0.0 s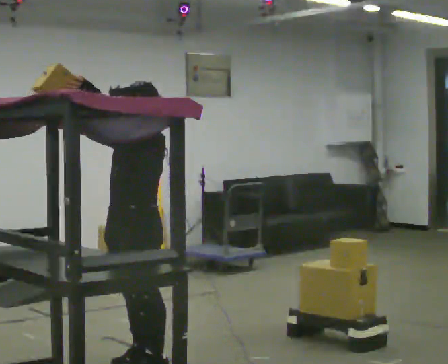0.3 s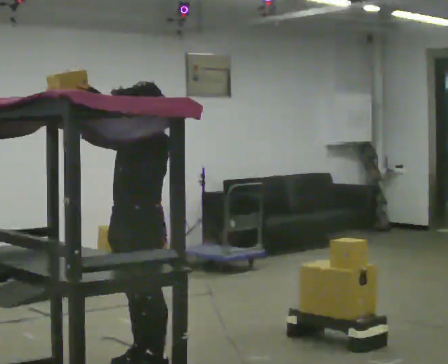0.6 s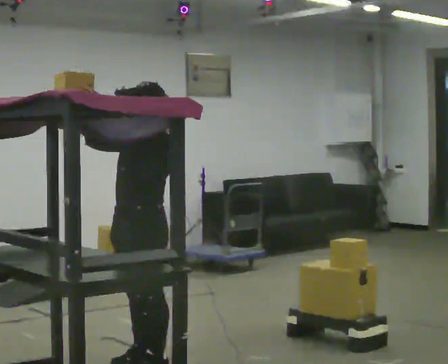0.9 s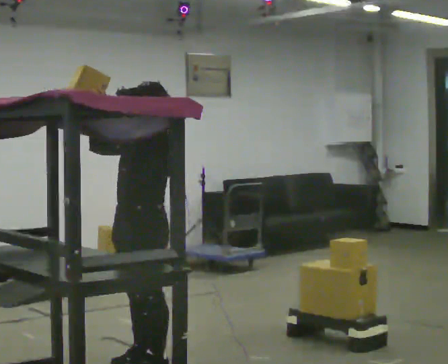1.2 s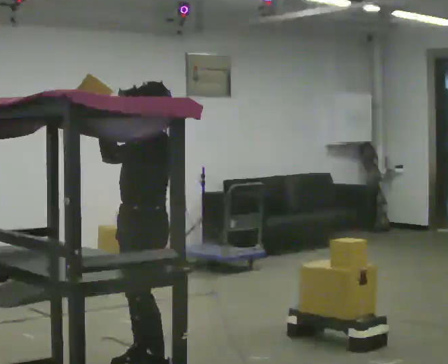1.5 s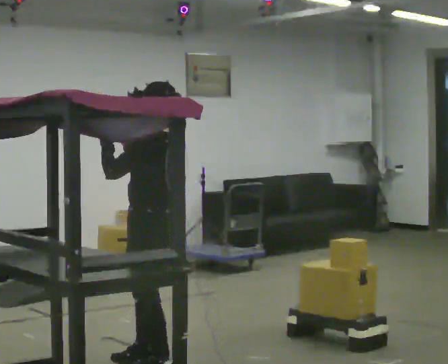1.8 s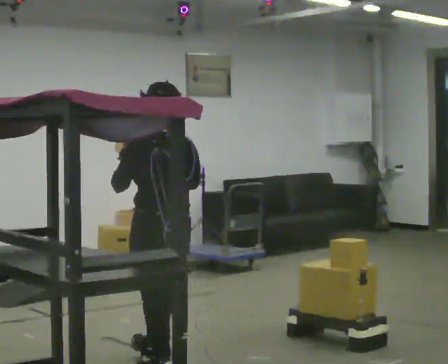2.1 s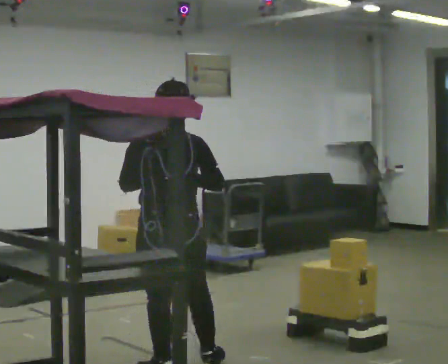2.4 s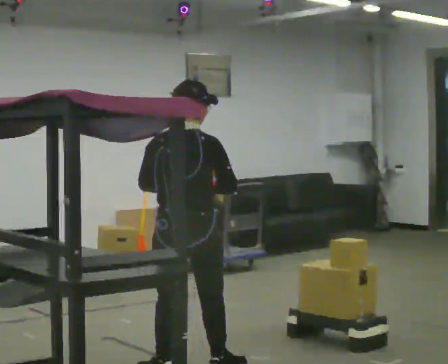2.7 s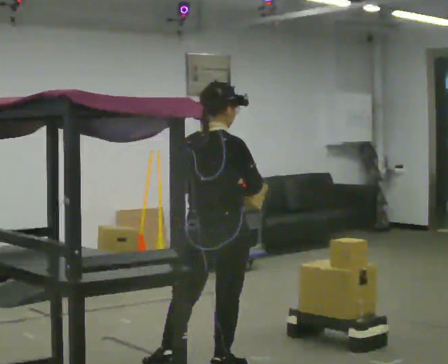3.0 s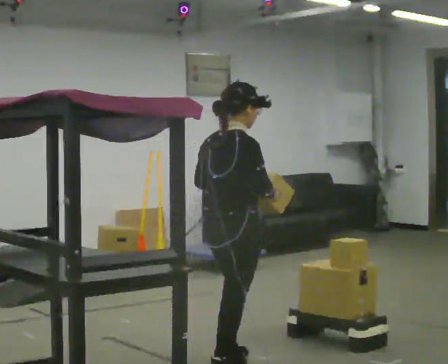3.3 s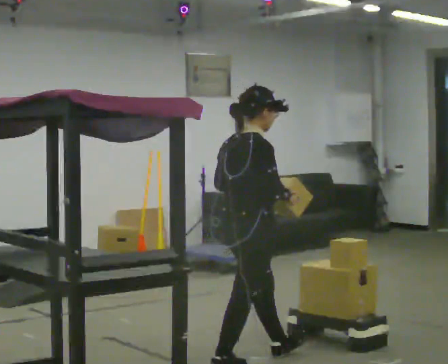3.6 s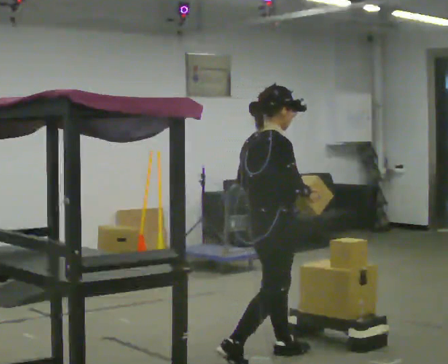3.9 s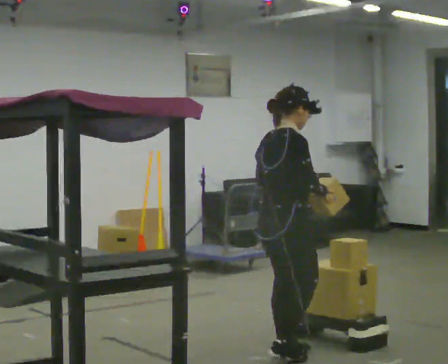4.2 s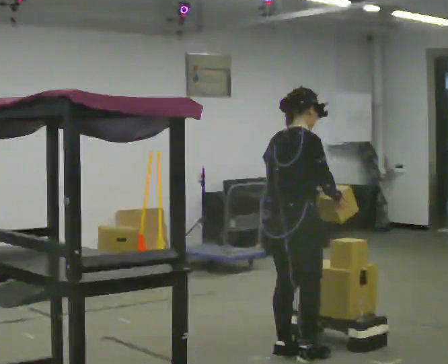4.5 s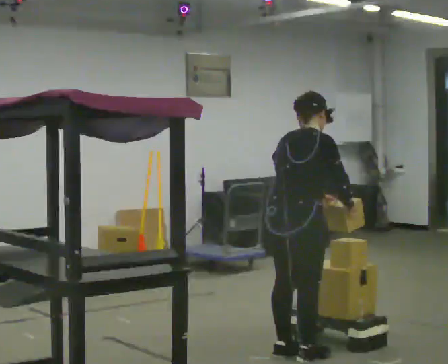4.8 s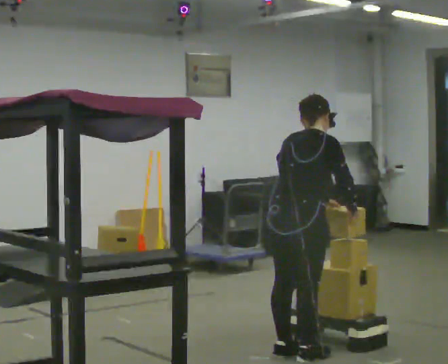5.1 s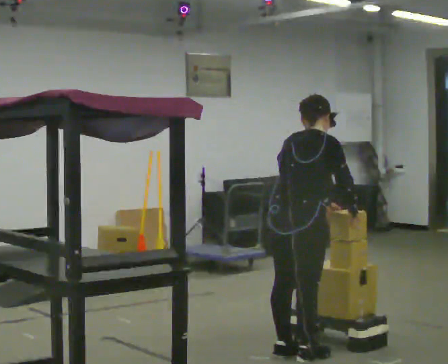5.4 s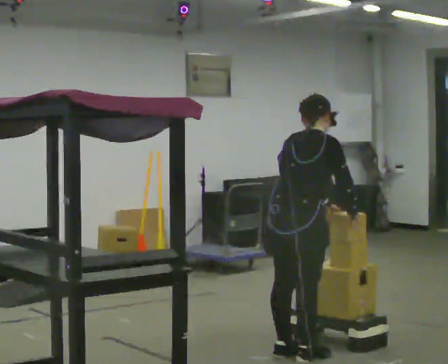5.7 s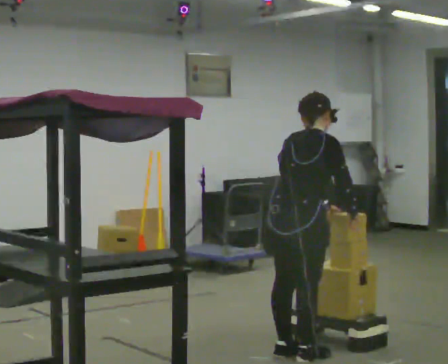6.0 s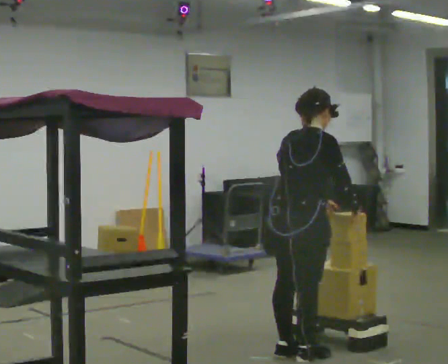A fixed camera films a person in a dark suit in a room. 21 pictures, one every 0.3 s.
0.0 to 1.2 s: The person moves a little, or ends about where they began.
1.2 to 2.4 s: Seen from above the body turns clockwise, about 120 degrees: to their right, with its near side sliding to the left. In the picture they go to the right and toward the camera, about 0.25 m in 2 steps. In the picture their right hand goes to the right and downward.
2.4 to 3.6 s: Seen from above the body turns clockwise, about 60 degrees: to their right, with its near side sliding to the left. In the picture they go to the right and away from the camera, about 0.5 m in 1 step, which for them is forward.
3.6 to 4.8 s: In the picture they go to the right, about 0.25 m in 1 step, which for them is forward. In the picture the upper body tilts clockwise, shoulders to the right, as they bend forward. In the picture their right hand goes to the right.
4.8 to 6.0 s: The person moves a little, or ends about where they began.
The film runs forward here.
